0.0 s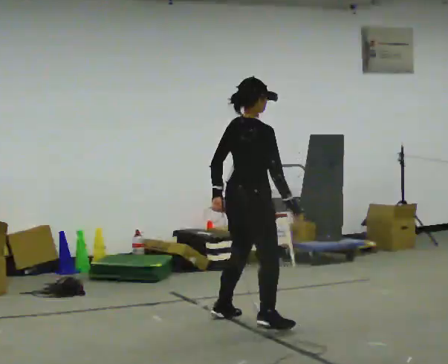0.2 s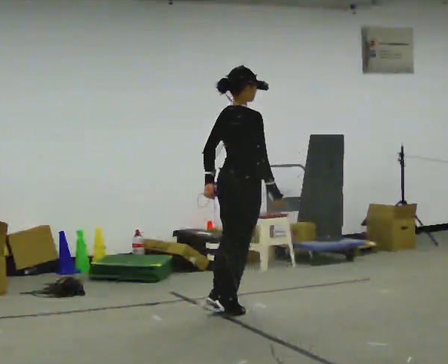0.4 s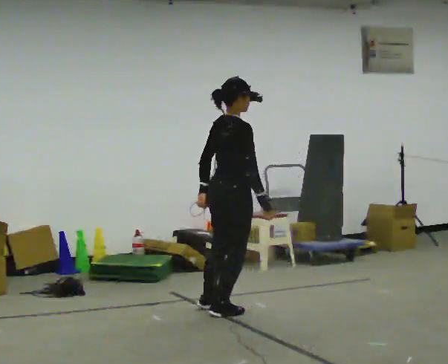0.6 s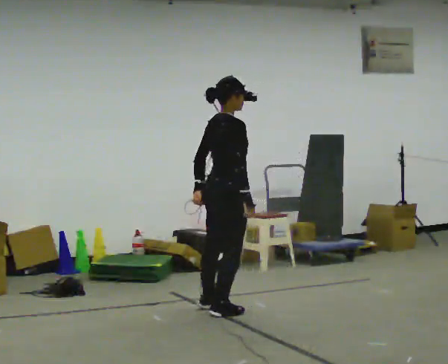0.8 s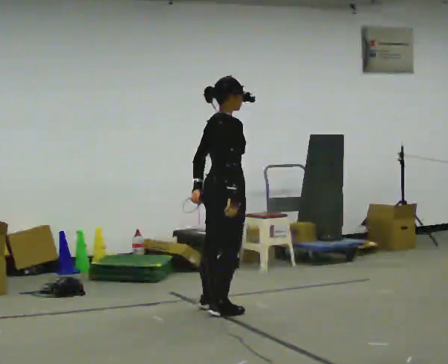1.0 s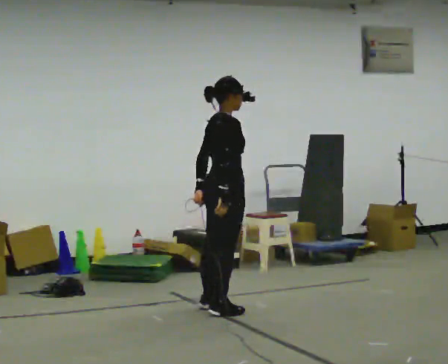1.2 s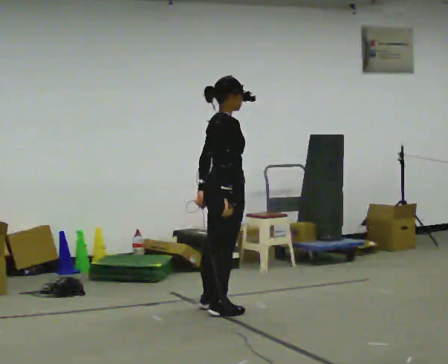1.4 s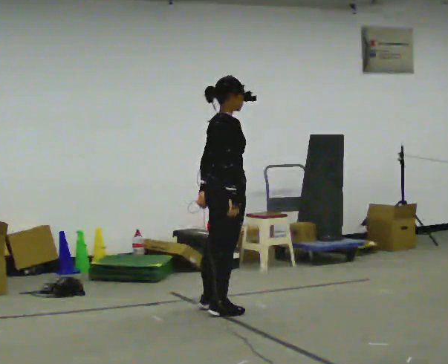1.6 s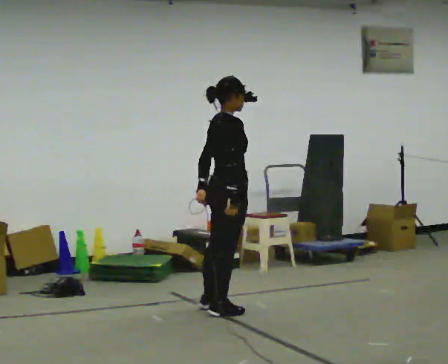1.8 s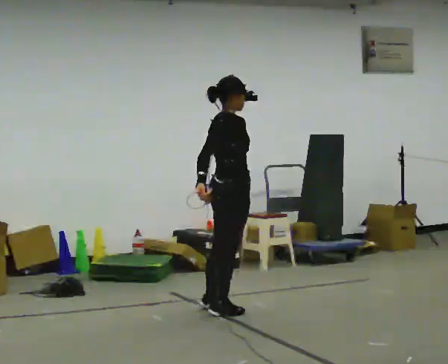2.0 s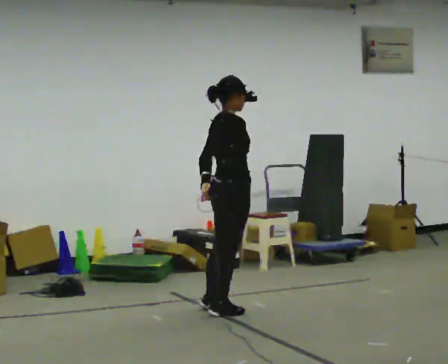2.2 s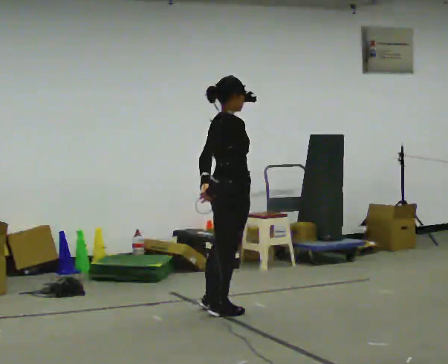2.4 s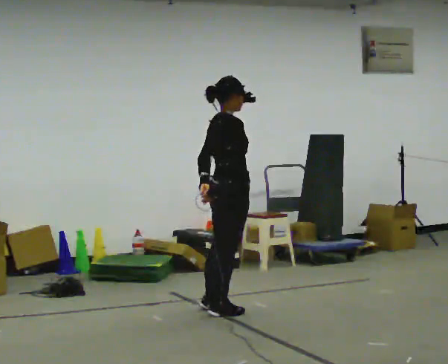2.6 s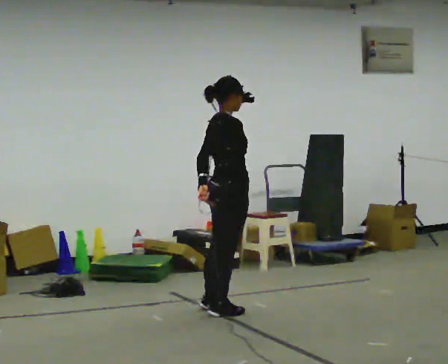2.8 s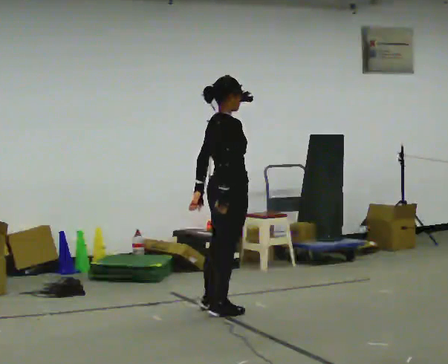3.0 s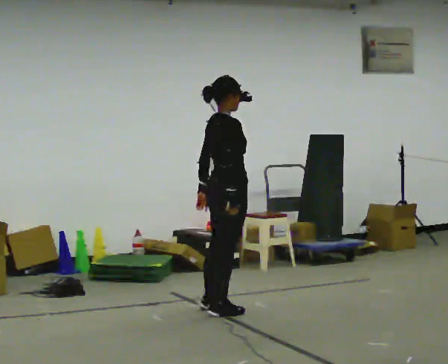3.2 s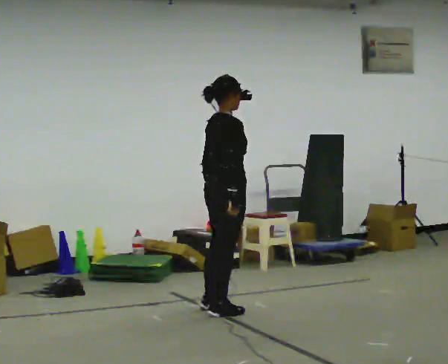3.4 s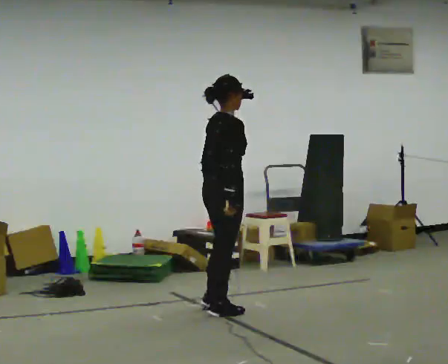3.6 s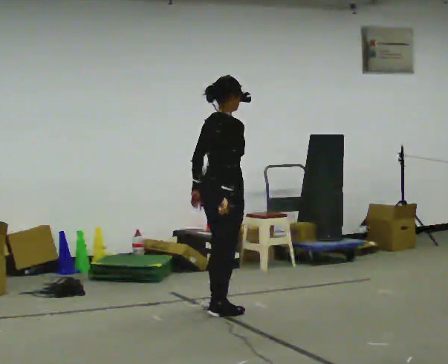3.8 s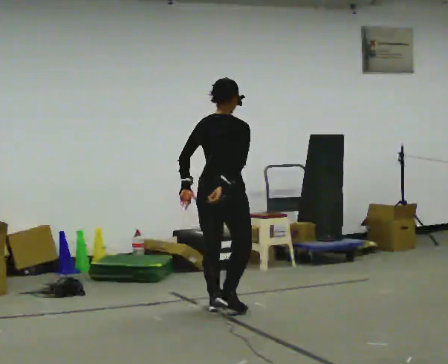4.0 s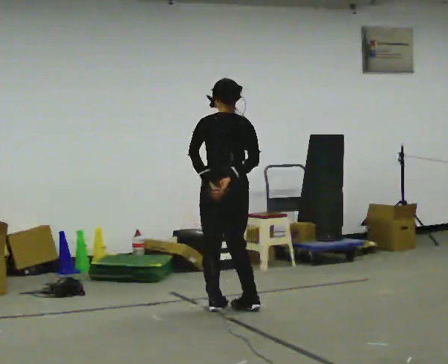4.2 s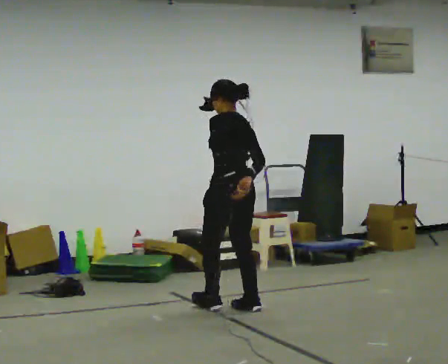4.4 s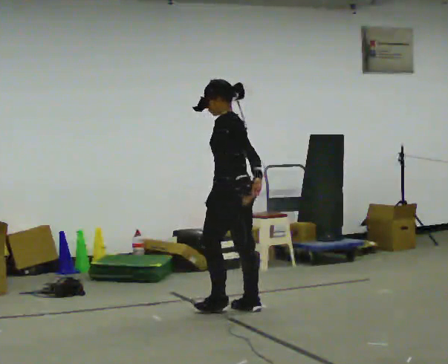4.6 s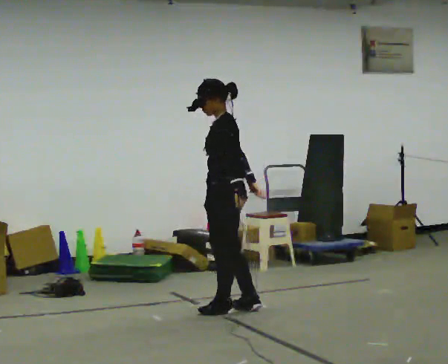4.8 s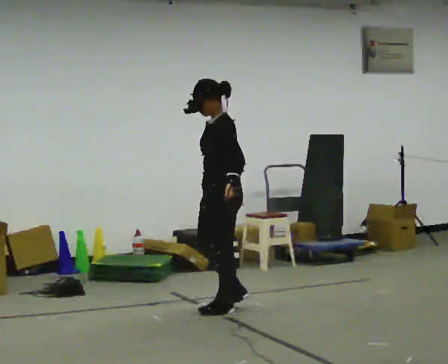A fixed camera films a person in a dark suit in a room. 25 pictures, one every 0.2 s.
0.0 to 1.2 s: In the picture they go away from the camera, about 0.25 m in 2 steps, which for them is to their left.
1.2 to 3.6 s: The person moves a little, or ends about where they began.
3.6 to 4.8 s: The part of the body nearest the lens slides to the right as the person turns to their left by about 150 degrees.
The film runs forward here.
